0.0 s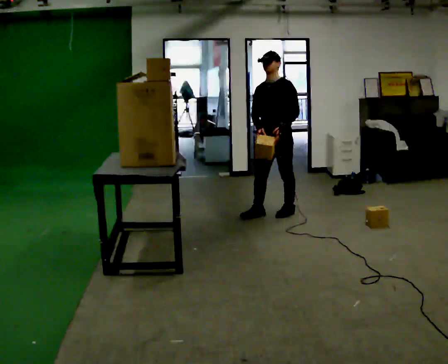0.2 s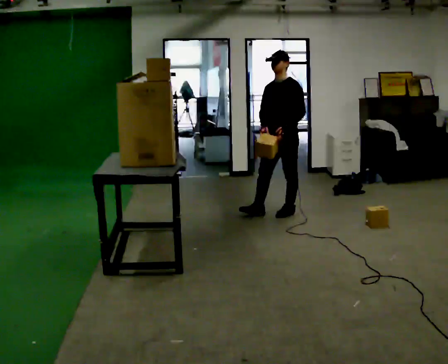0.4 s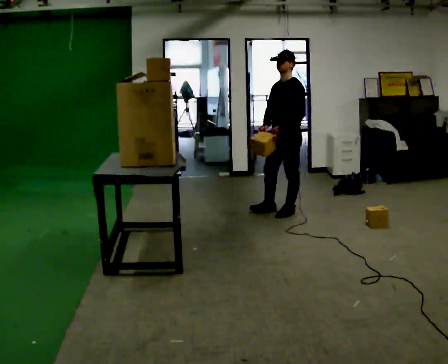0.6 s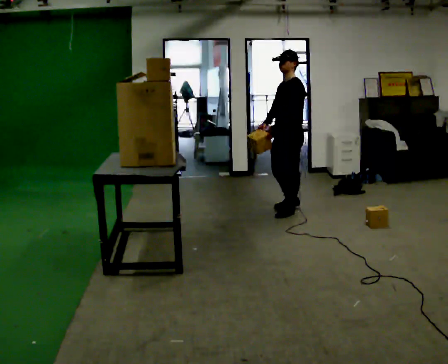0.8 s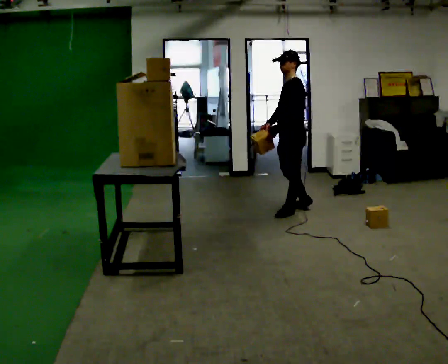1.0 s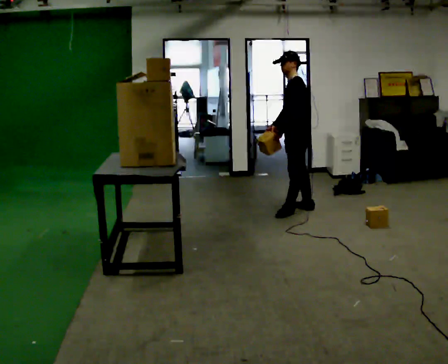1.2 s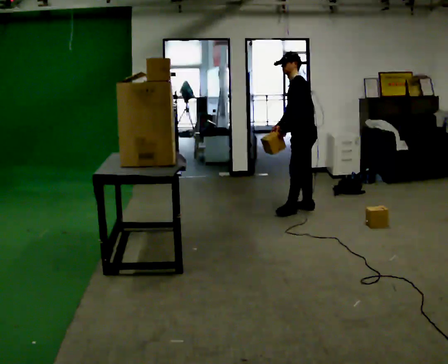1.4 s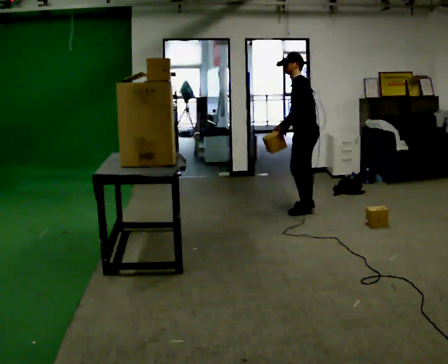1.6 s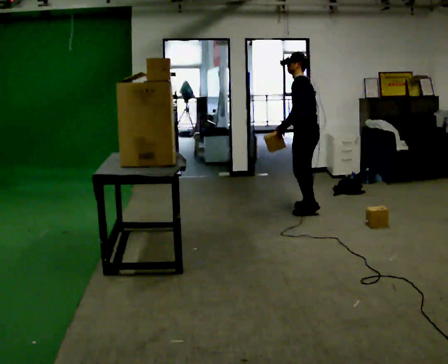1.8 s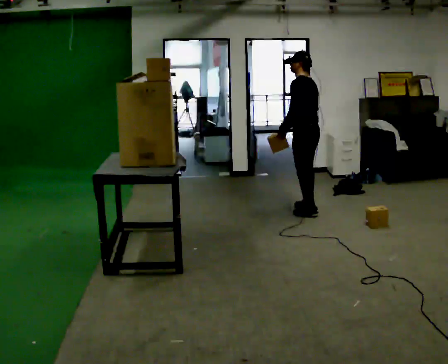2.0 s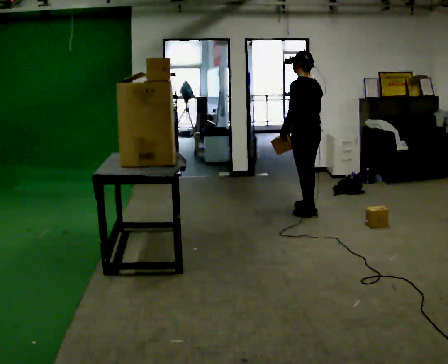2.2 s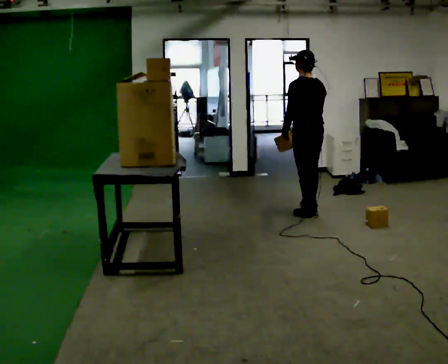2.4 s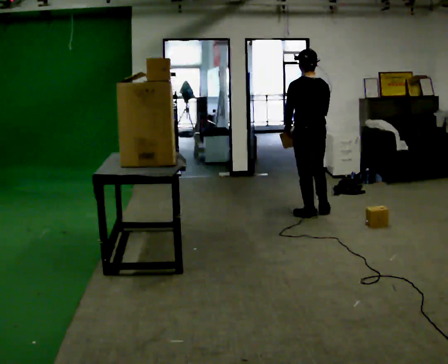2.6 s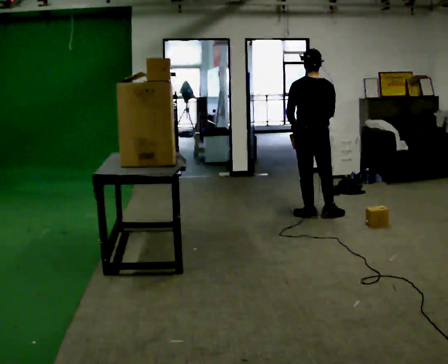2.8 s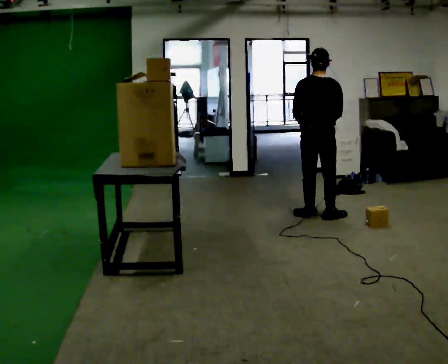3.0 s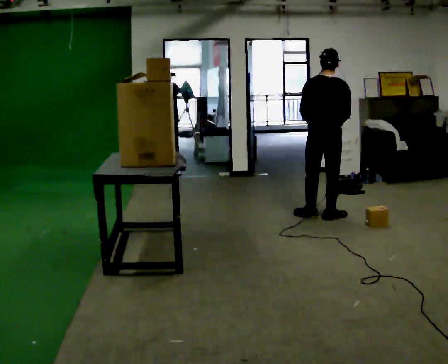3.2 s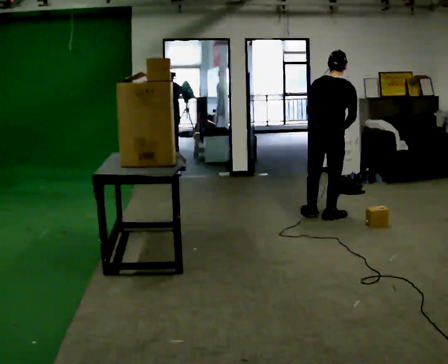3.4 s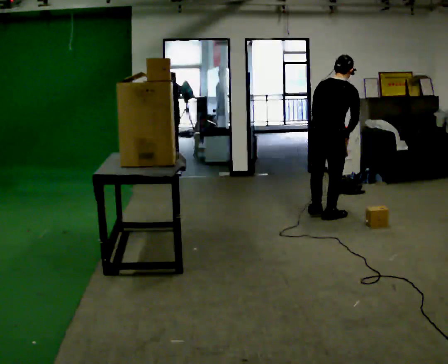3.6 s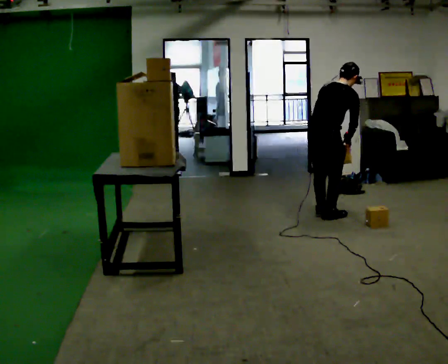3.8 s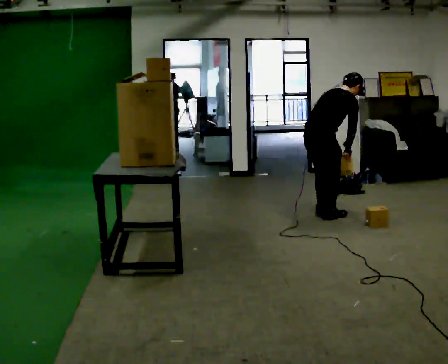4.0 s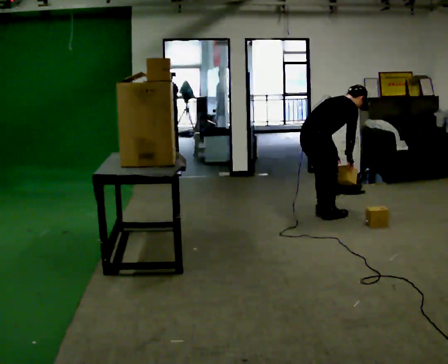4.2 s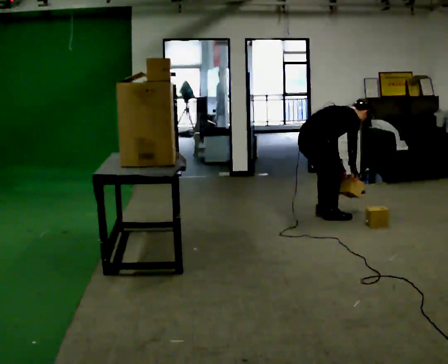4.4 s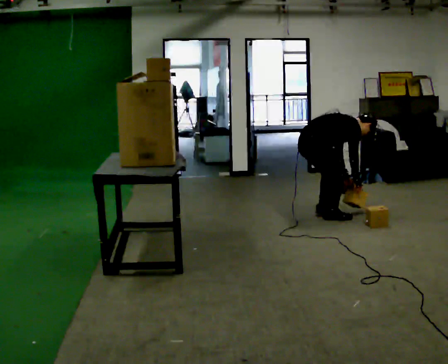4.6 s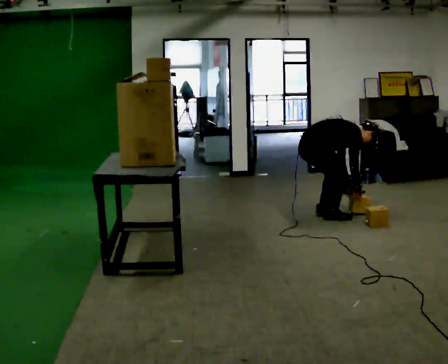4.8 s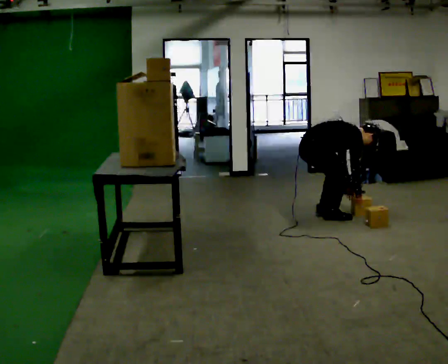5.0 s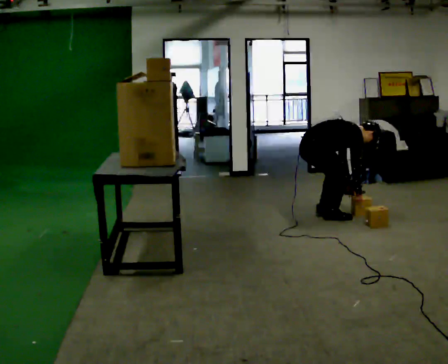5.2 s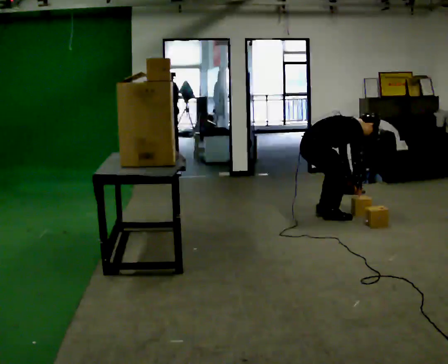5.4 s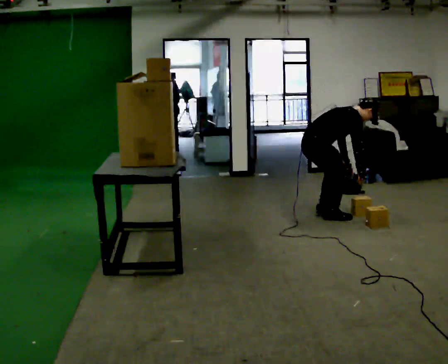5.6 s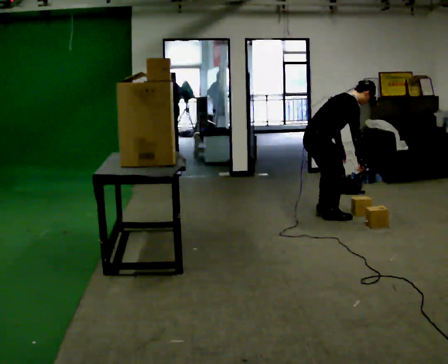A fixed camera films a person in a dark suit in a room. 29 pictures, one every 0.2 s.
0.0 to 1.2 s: The part of the body nearest the lens slides to the left as the person turns to their right by about 45 degrees. In the picture they go to the right and away from the camera, about 0.25 m in 2 steps, which for them is backward.
1.2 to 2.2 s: The person turns about 60 degrees to their right, clockwise seen from above, so the part of the body nearest the lens slides to the left. In the picture they go toward the camera, about 0.25 m in 1 step, which for them is to their left.
2.2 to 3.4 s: Seen from above the body turns clockwise, about 60 degrees: to their right, with its near side sliding to the left. In the picture they go toward the camera, about 0.25 m, which for them is backward. In the picture the upper body tilts clockwise, shoulders to the right. In the picture their right hand goes to the right.
3.4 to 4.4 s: The part of the body nearest the lens slides to the left as the person turns to their right by about 45 degrees. In the picture they go to the left, about 0.25 m, which for them is to their left. The upper body goes downward. In the picture the upper body tilts clockwise, shoulders to the right, as they bend forward. In the picture their right hand goes downward.
4.4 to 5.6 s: In the picture the upper body tilts counterclockwise, shoulders to the left, as they lean back or straighten.
The film runs backward here.
